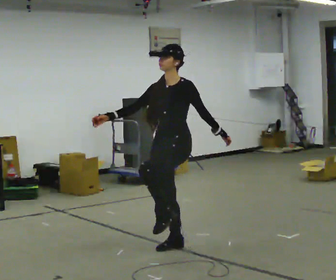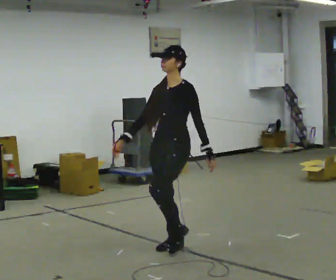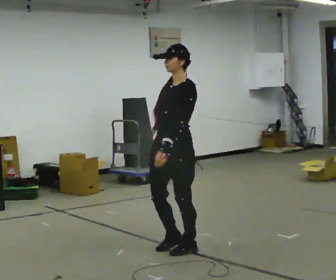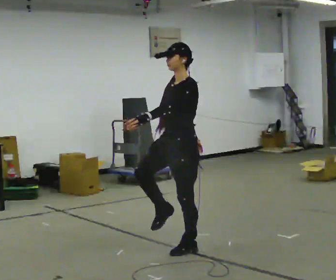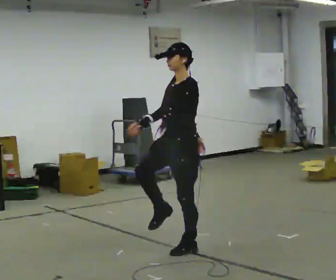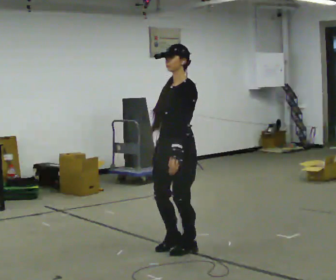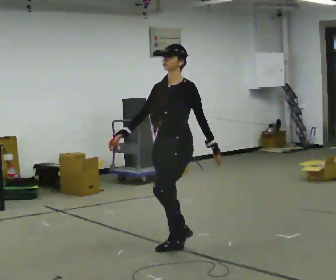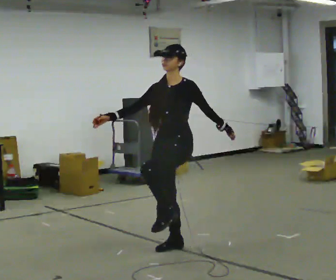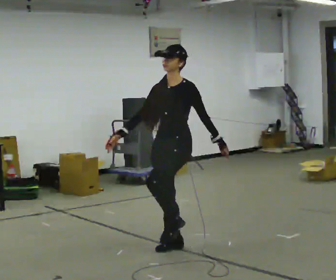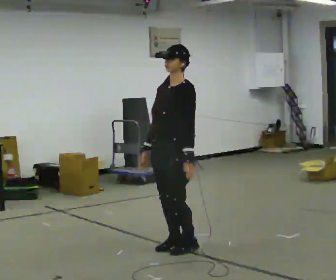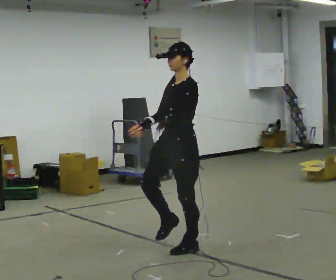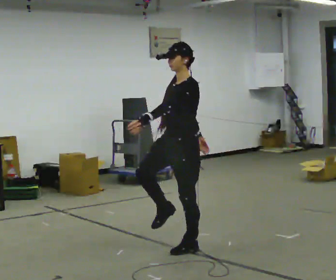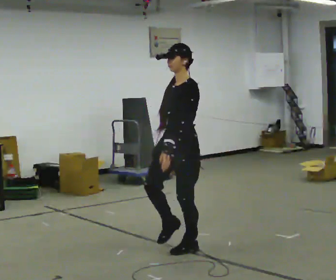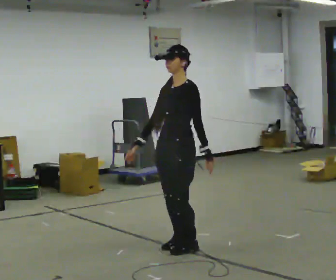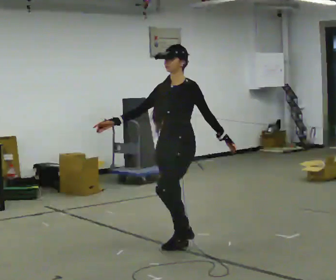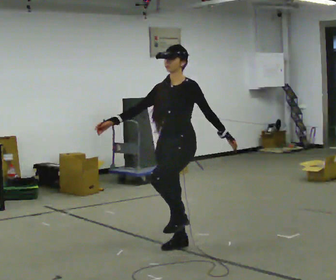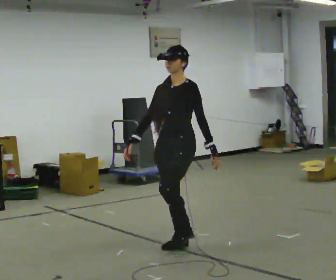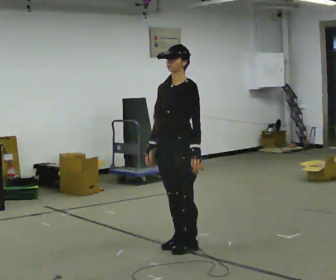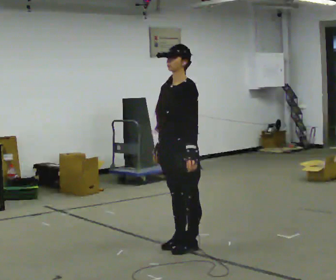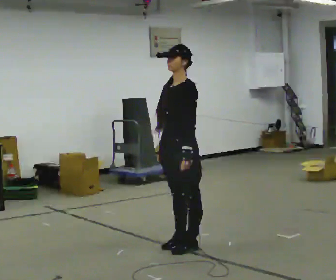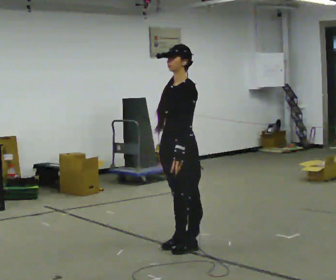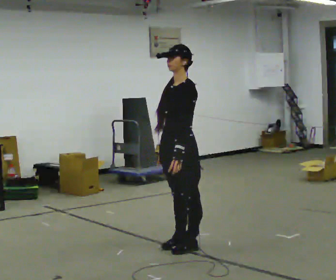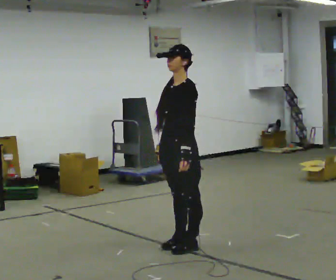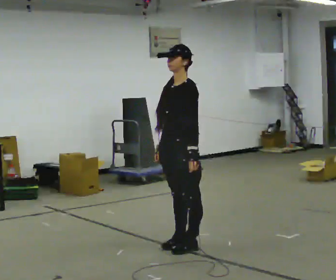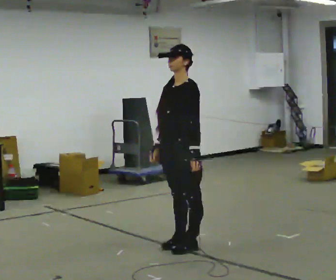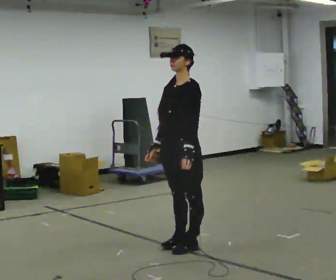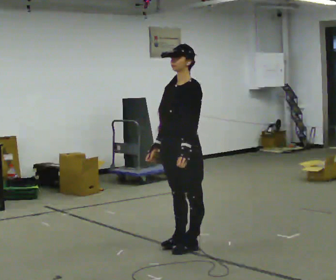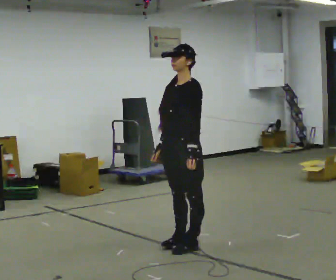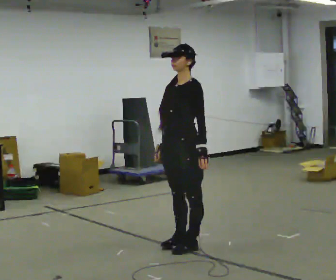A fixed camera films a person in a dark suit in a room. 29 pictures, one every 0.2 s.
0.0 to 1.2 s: The person moves a little, or ends about where they began.
1.2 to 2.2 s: In the picture their left hand goes to the left.
2.2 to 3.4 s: In the picture their left hand goes to the right.
3.4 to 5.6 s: The person moves a little, or ends about where they began.
The film runs backward here.
